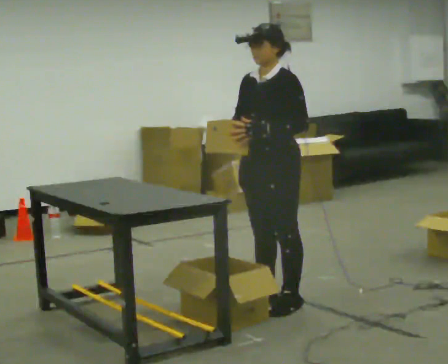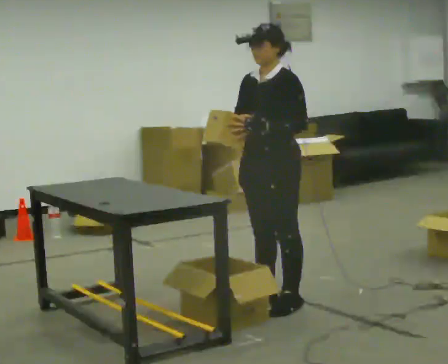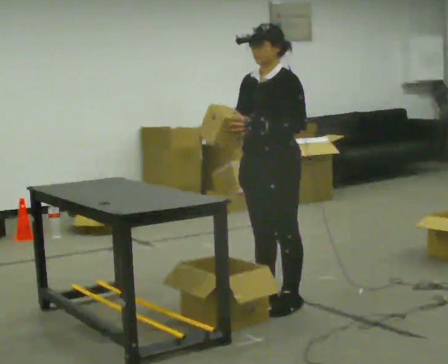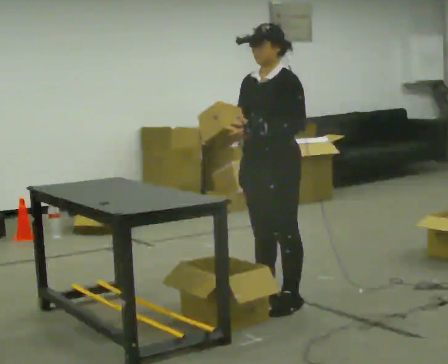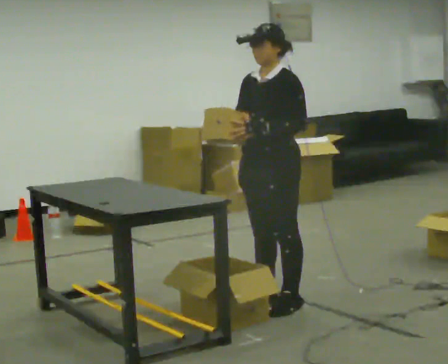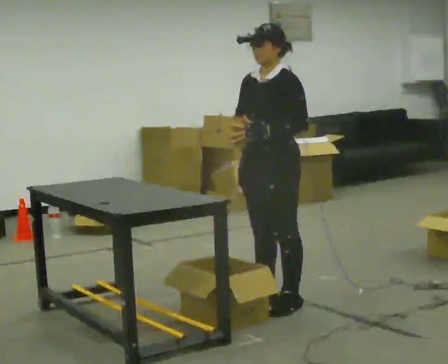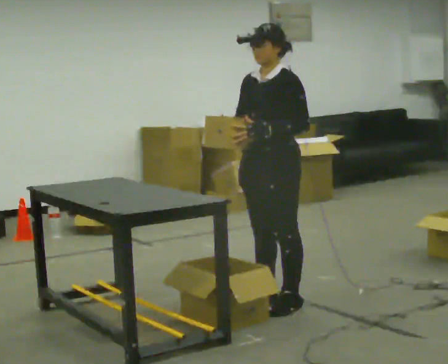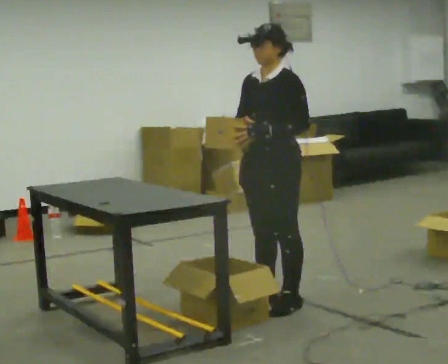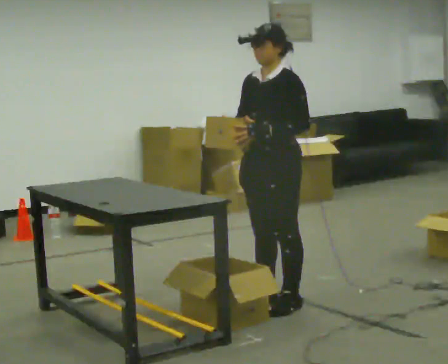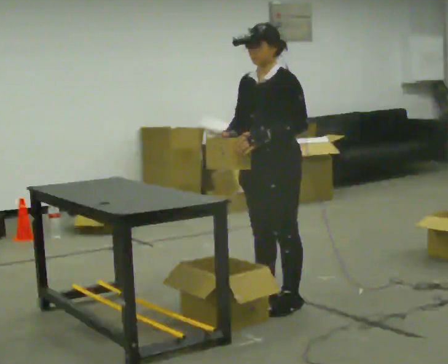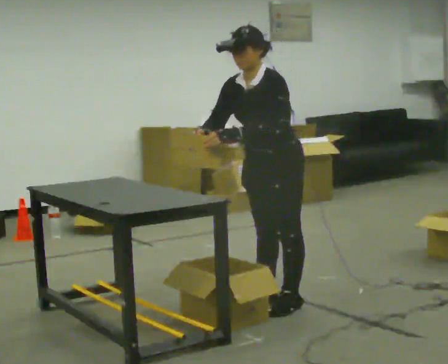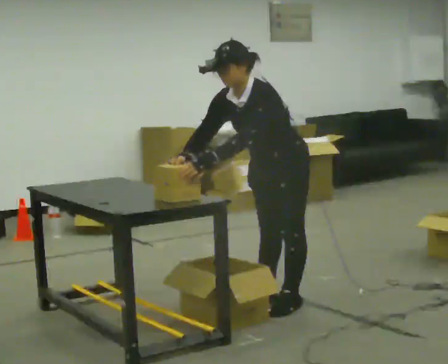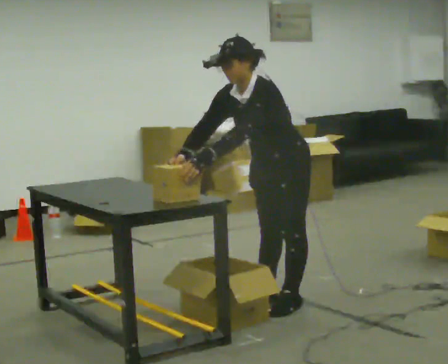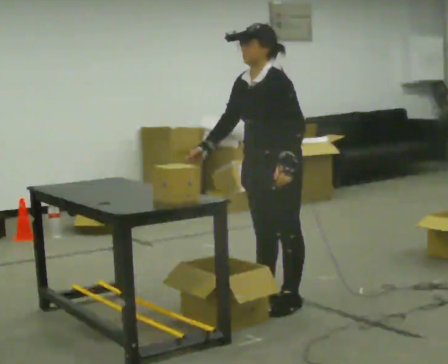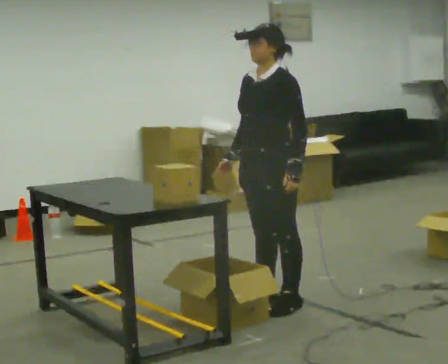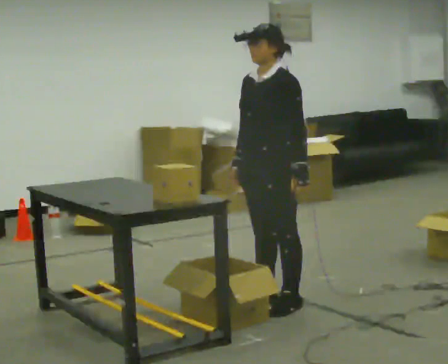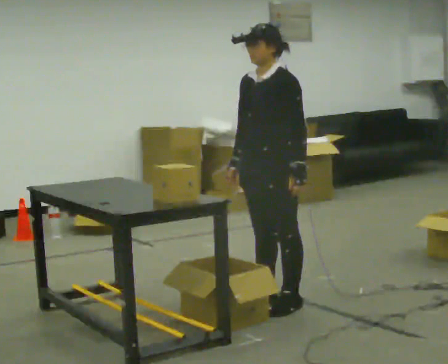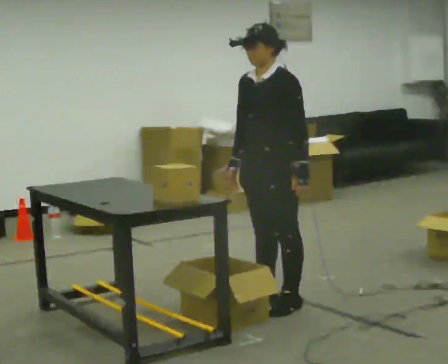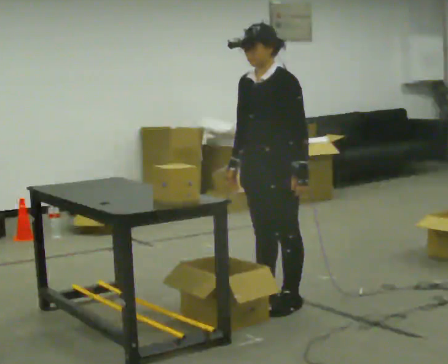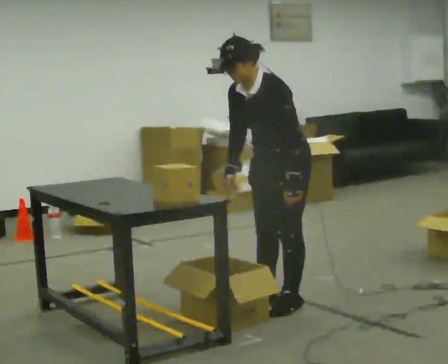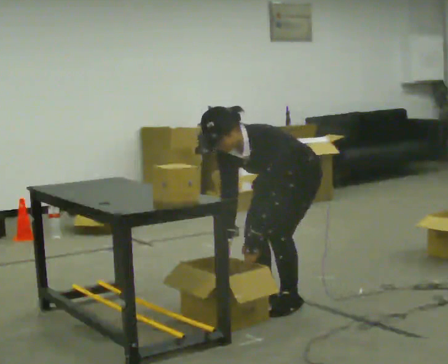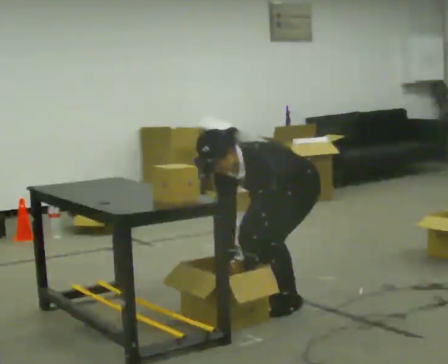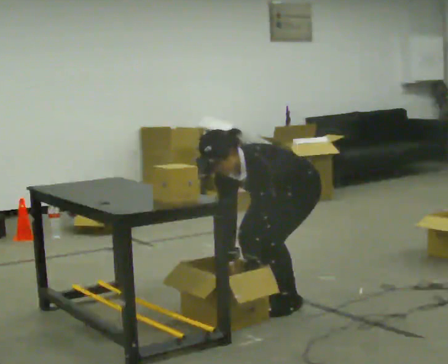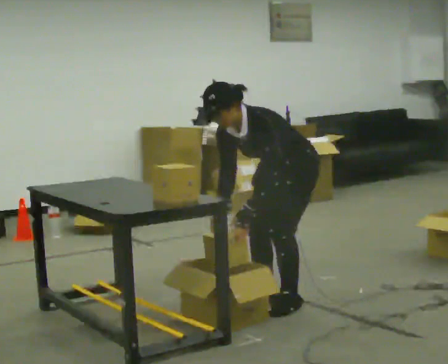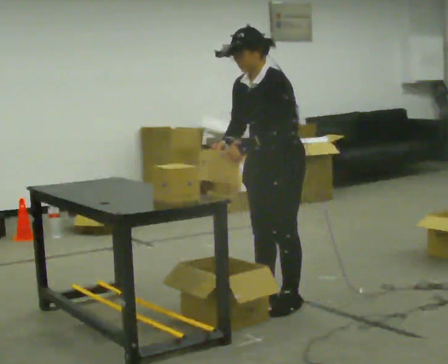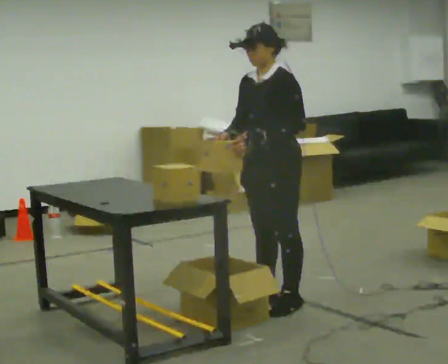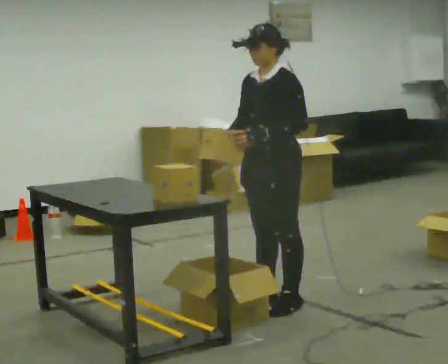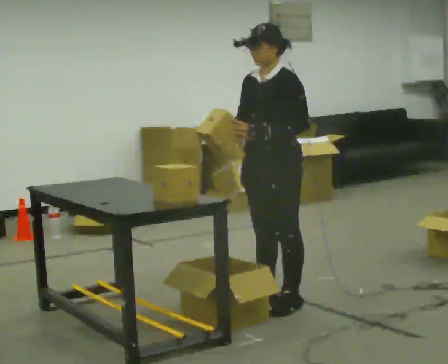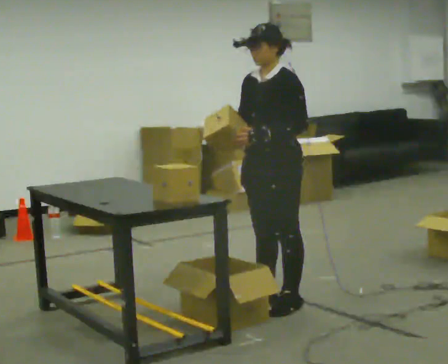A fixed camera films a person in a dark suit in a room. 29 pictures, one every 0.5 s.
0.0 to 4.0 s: The person moves a little, or ends about where they began.
4.0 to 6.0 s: The upper body tips toward the camera, its near side rolling downward, as they bend forward.
6.0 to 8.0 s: The upper body tips away from the camera, its near side rolling upward, as they lean back or straighten.
8.0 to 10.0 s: The upper body goes downward. The upper body tips toward the camera, its near side rolling downward, as they bend forward. In the picture their left hand goes downward.
10.0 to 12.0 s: The upper body tips away from the camera, its near side rolling upward, as they lean back or straighten. In the picture their left hand goes upward.
12.0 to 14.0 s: The person moves a little, or ends about where they began.
The film runs forward here.
